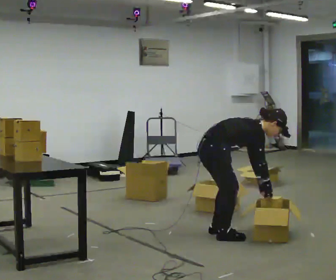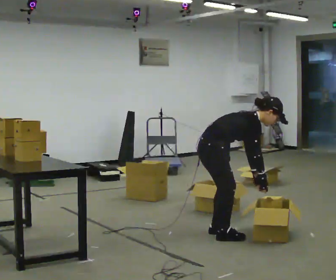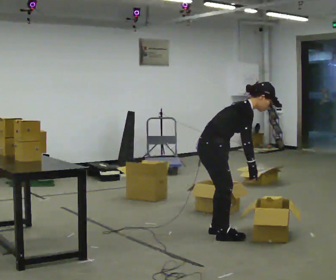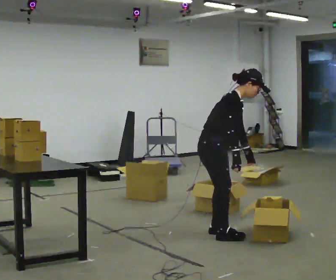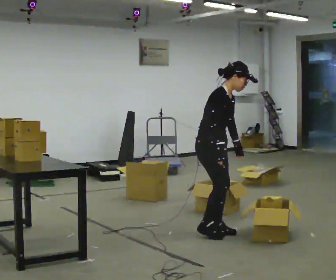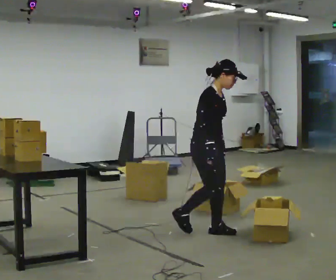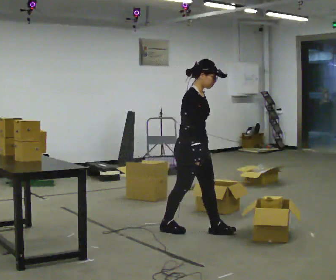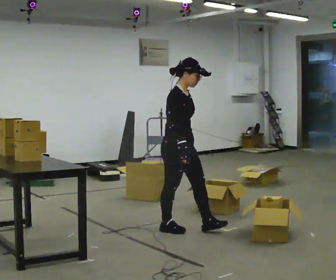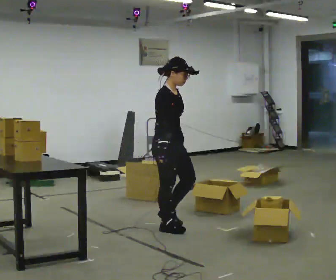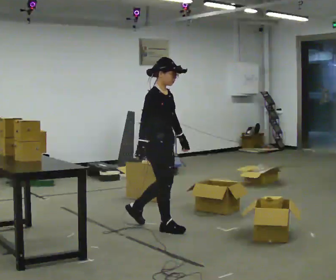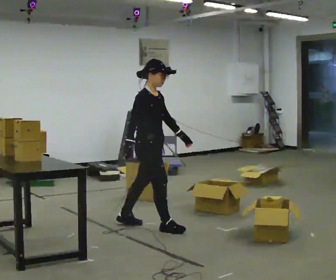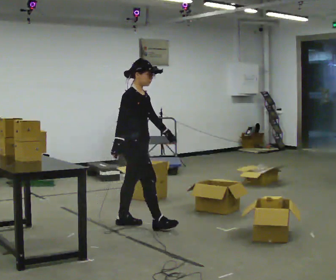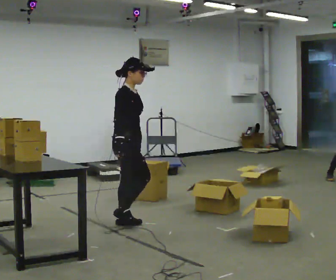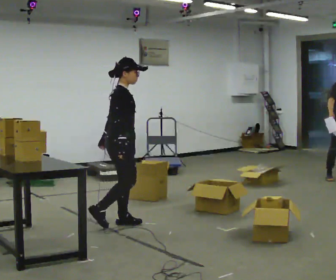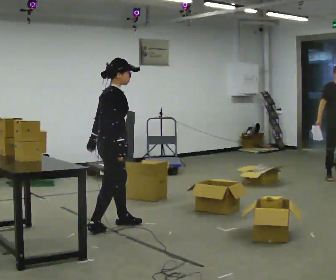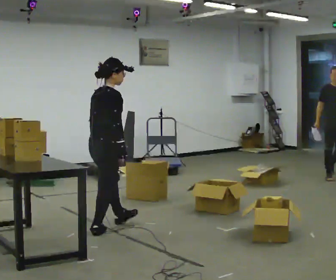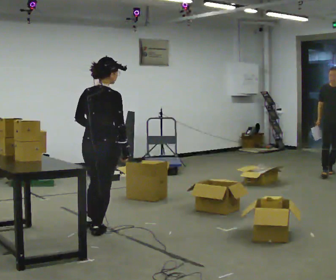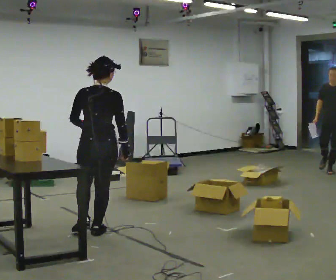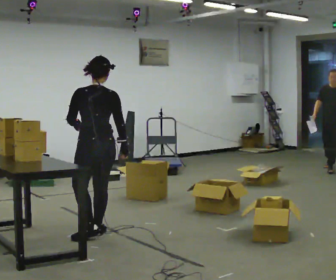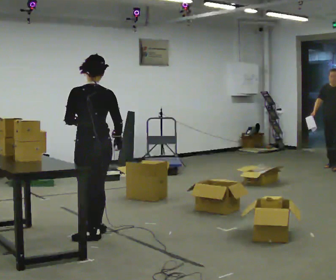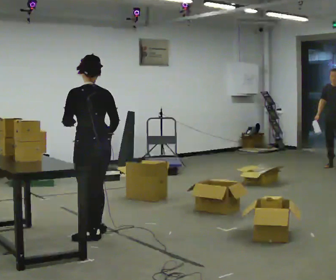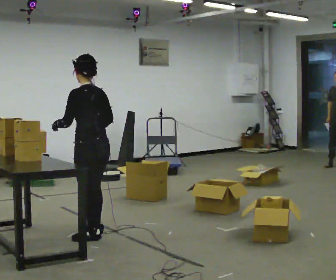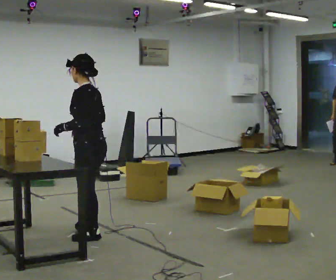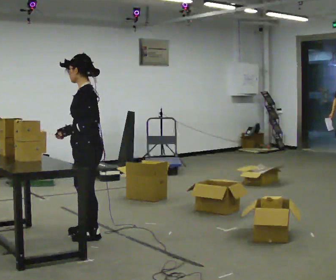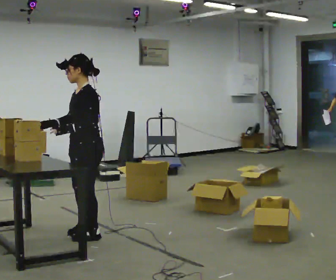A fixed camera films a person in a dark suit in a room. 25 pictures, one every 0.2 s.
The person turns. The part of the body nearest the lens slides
to the right.
The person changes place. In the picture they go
to the left.
0.0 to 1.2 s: The person turns about 30 degrees to their right, clockwise seen from above, so the part of the body nearest the lens slides to the left. In the picture they go away from the camera, about 0.25 m in 1 step, which for them is backward and to their left. The upper body goes upward. In the picture the upper body tilts counterclockwise, shoulders to the left, as they lean back or straighten.
1.2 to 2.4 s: In the picture they go to the left and away from the camera, about 0.75 m in 2 steps, which for them is backward.
2.4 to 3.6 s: The person turns about 120 degrees to their left, counterclockwise seen from above, so the part of the body nearest the lens slides to the right. In the picture they go toward the camera and to the left, about 0.5 m in 1 step.
3.6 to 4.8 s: Seen from above the body turns counterclockwise, about 90 degrees: to their left, with its near side sliding to the right. In the picture their right hand goes to the left, the arm swinging clockwise.
The film runs backward here.
